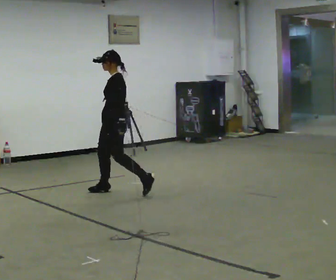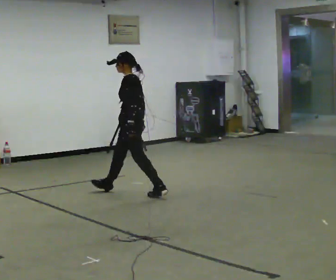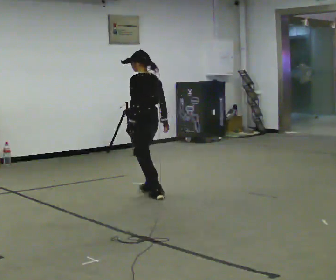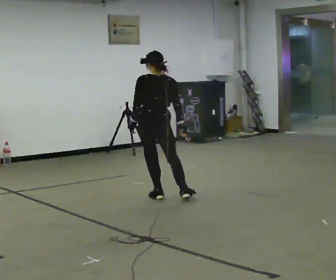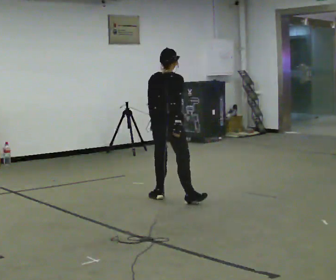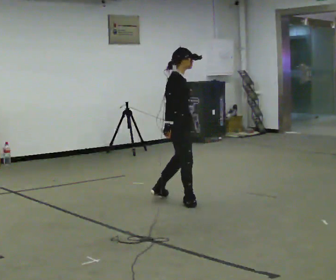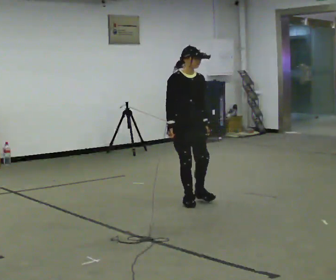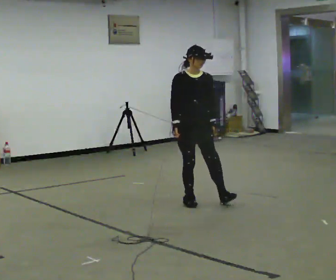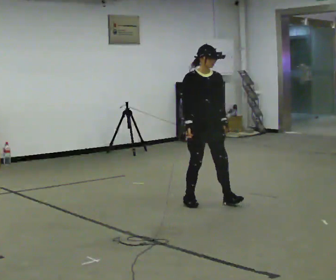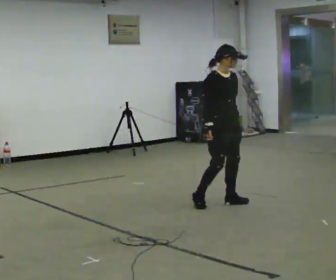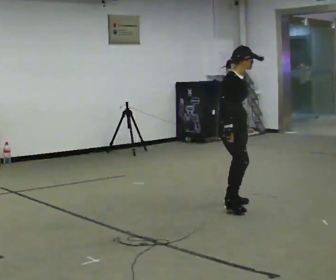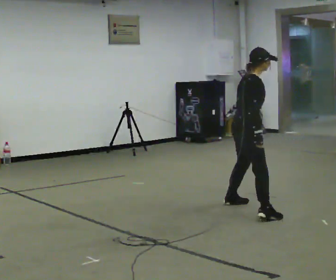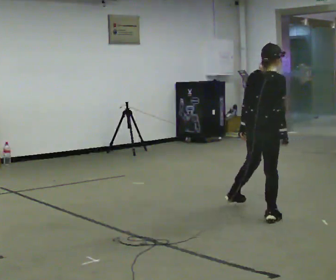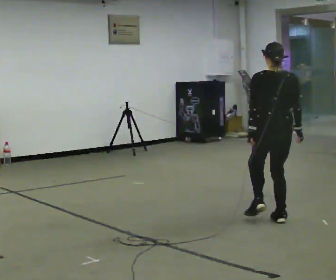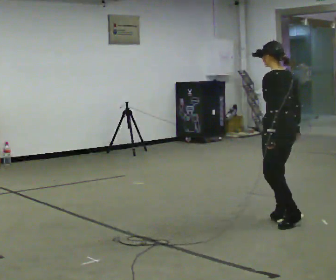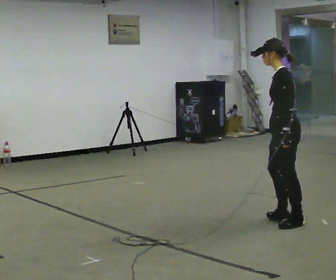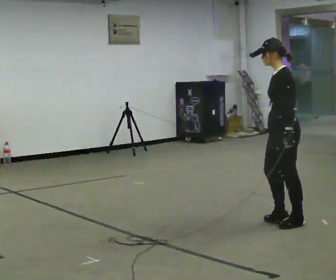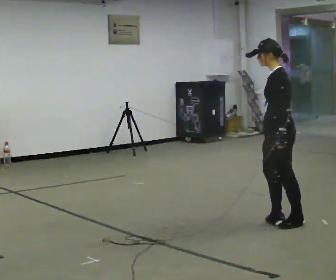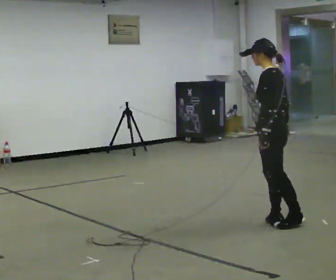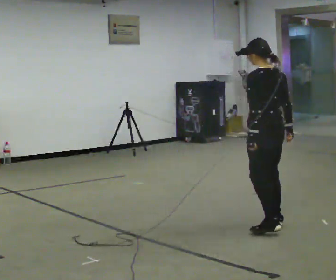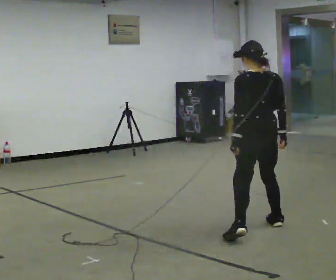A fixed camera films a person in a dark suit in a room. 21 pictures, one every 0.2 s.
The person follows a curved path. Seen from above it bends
clockwise.
0.0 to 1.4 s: Seen from above the body turns clockwise, about 285 degrees: to their right, with its near side sliding to the left. In the picture they go to the right and toward the camera, about 1 m in 2 steps.
1.4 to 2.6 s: The person turns about 165 degrees to their left, counterclockwise seen from above, so the part of the body nearest the lens slides to the right. In the picture they go to the right and toward the camera, about 1 m in 2 steps.
2.6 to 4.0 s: In the picture they go toward the camera, about 0.25 m in 1 step.
The film runs backward here.
